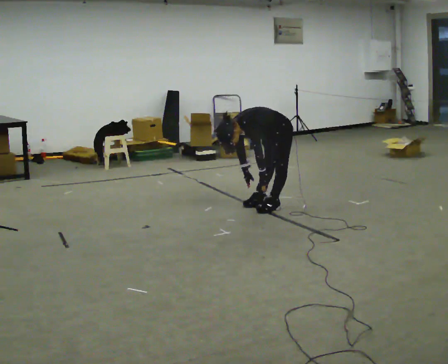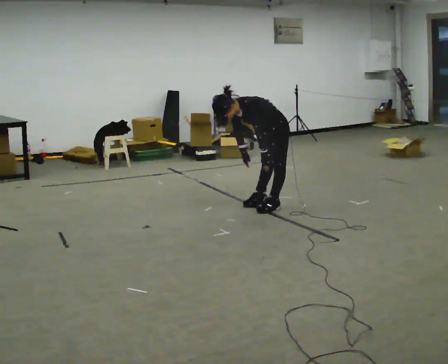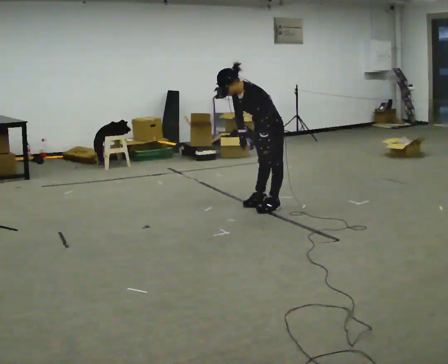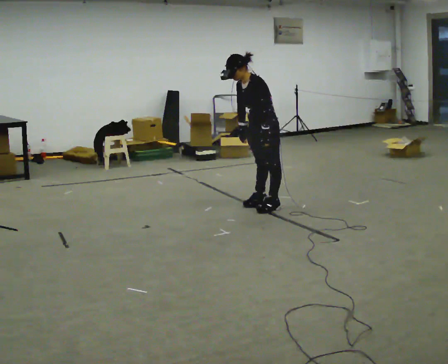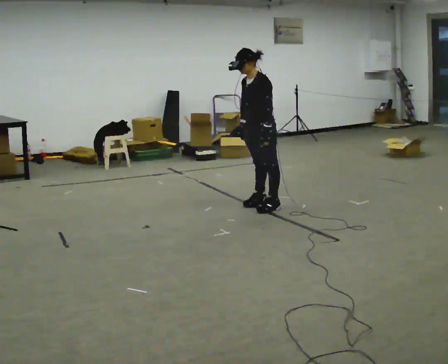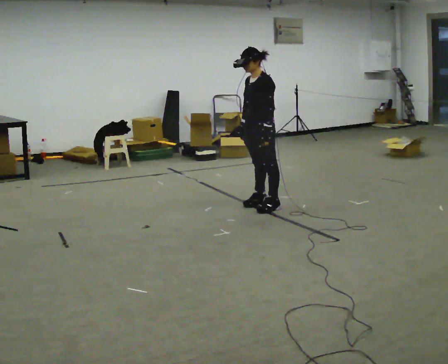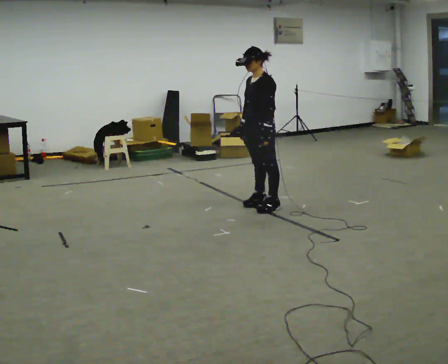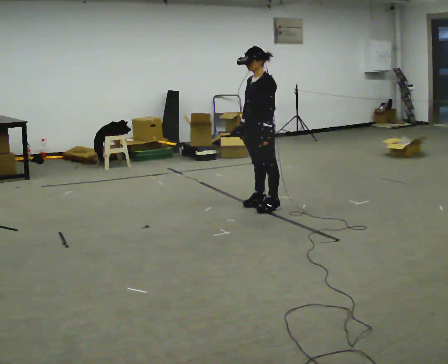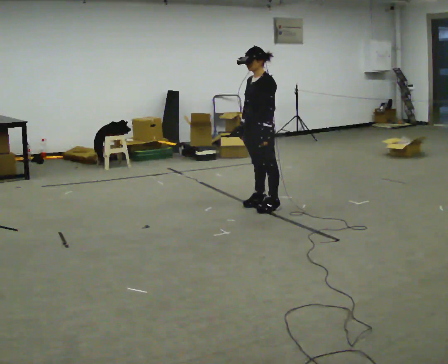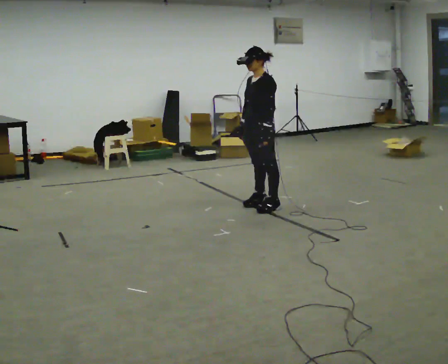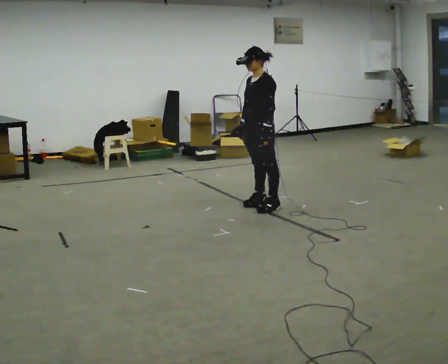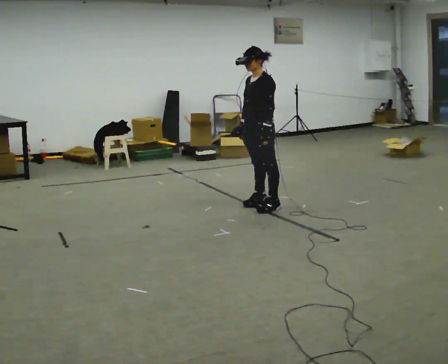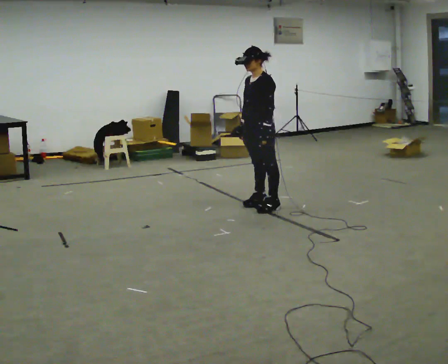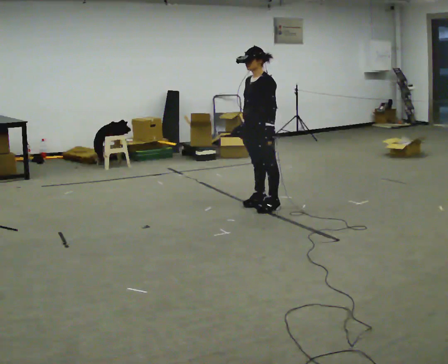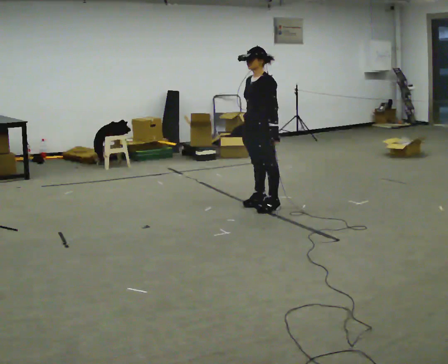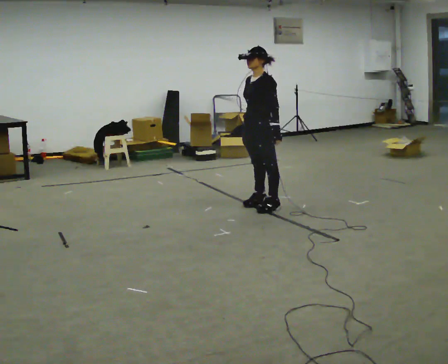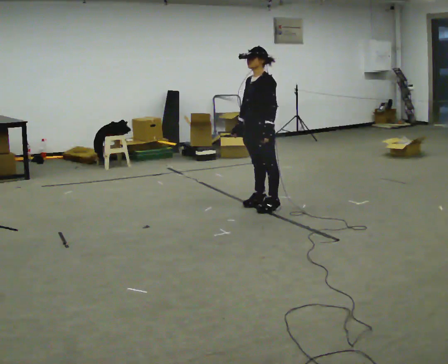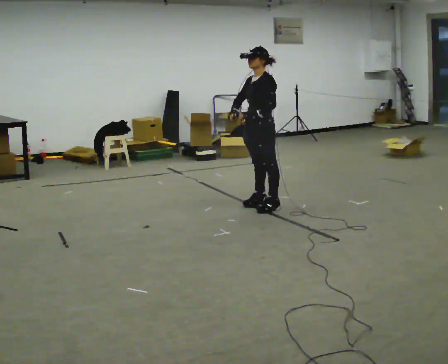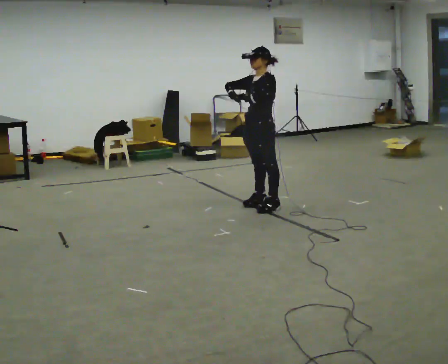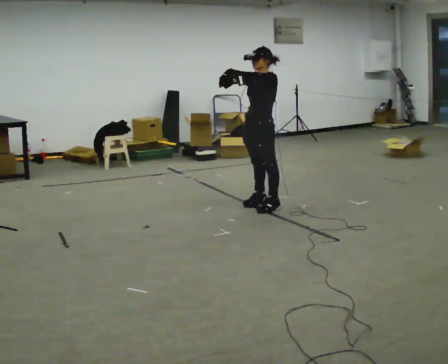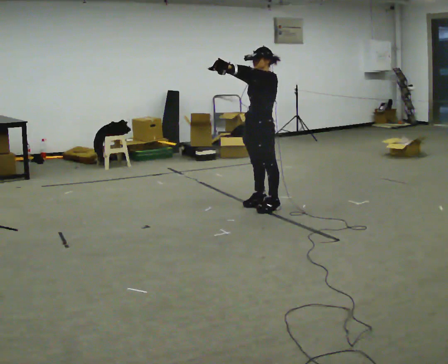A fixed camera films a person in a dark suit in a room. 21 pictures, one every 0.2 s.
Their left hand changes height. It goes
upward.
Their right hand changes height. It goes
upward.
0.0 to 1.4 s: In the picture they go to the left, about 0.25 m, which for them is forward. The shoulders move upward. In the picture the upper body tilts clockwise, shoulders to the right, as they lean back or straighten. In the picture their left hand goes upward.
1.4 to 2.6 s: The person keeps their place and pose.
2.6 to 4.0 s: In the picture their right hand goes upward.
The film runs backward here.
